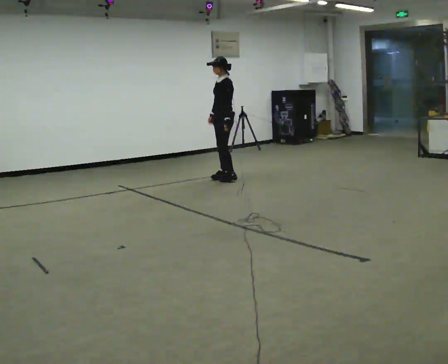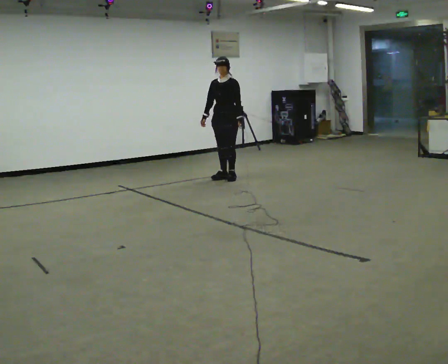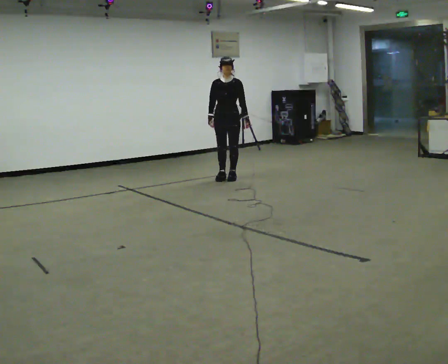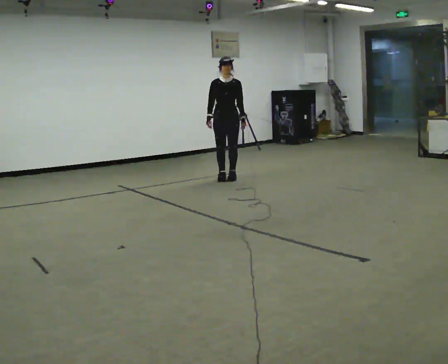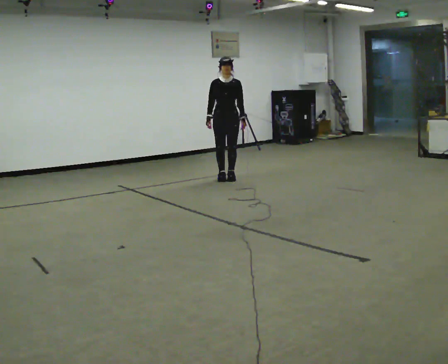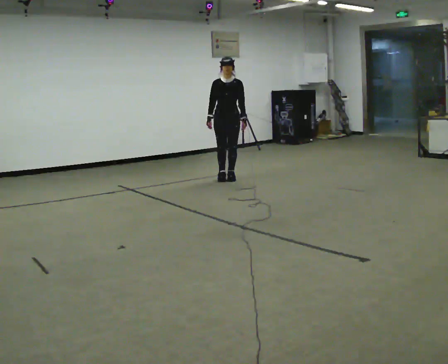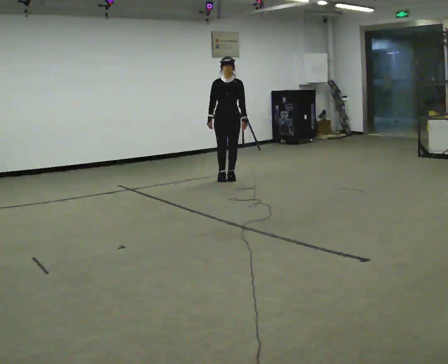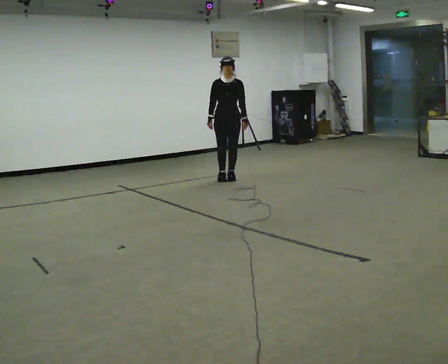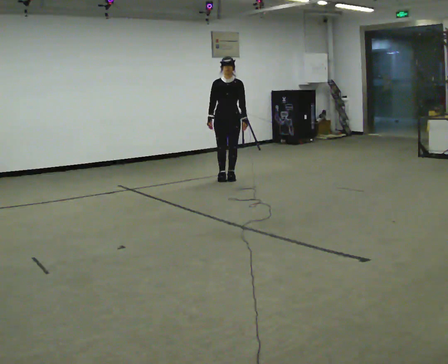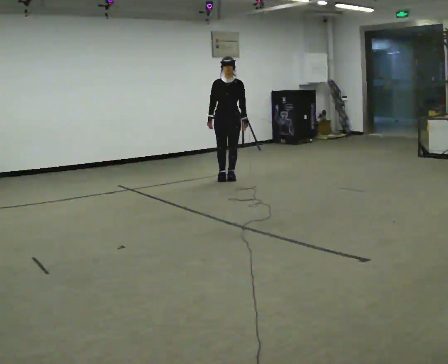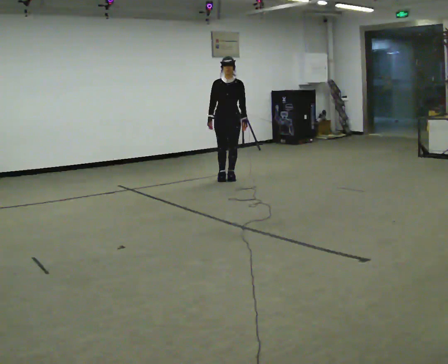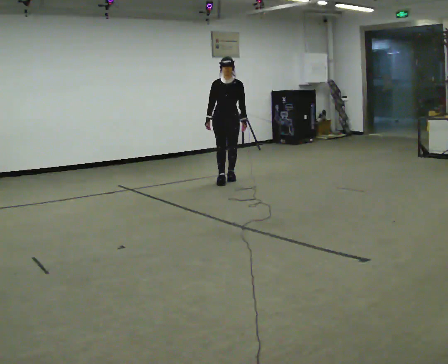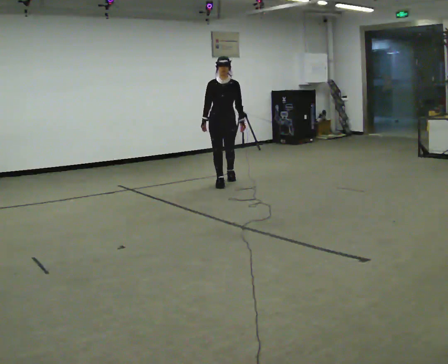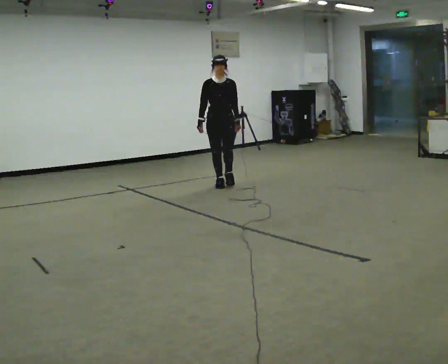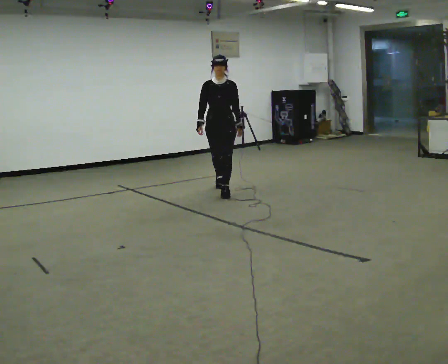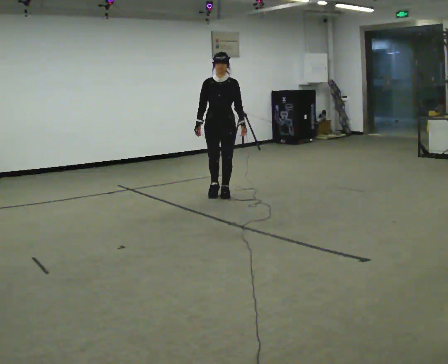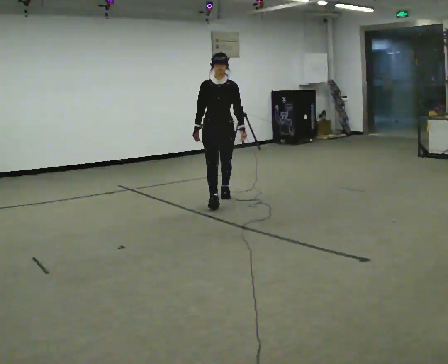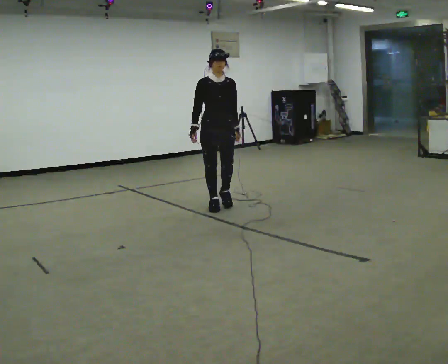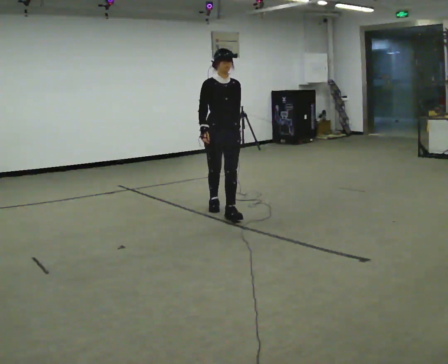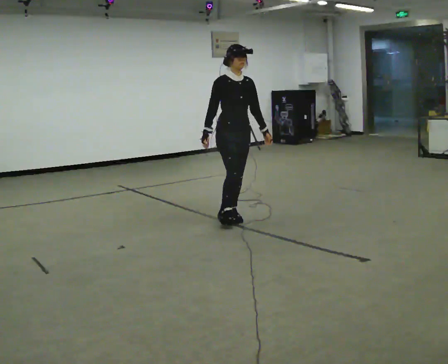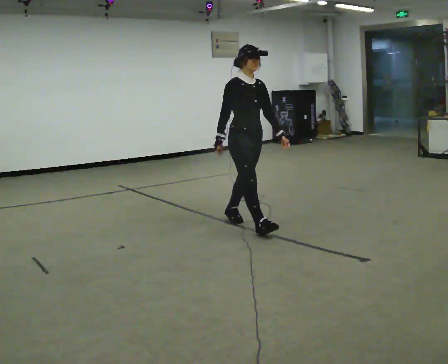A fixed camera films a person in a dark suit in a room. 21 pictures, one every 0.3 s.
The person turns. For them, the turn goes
to their left.
The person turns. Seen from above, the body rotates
counterclockwise.
0.0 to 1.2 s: The part of the body nearest the lens slides to the right as the person turns to their left by about 75 degrees.
1.2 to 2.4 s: The person moves a little, or ends about where they began.
2.4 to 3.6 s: In the picture they go toward the camera, about 0.25 m in 1 step, which for them is forward.
3.6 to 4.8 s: In the picture they go toward the camera, about 1 m in 1 step, which for them is forward.
4.8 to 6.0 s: The person turns about 30 degrees to their left, counterclockwise seen from above, so the part of the body nearest the lens slides to the right. In the picture they go toward the camera, about 1 m in 2 steps, which for them is forward.
The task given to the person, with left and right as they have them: Walk straight; at marker turn ~45° while continuing to walk; continue straight.
The film runs forward here.
